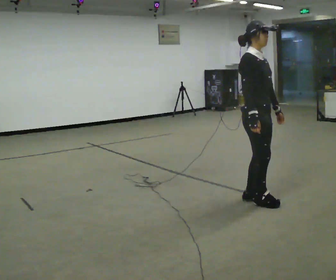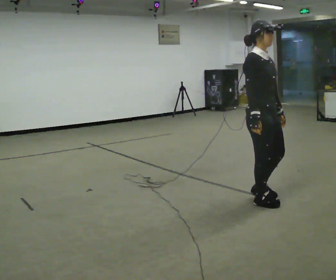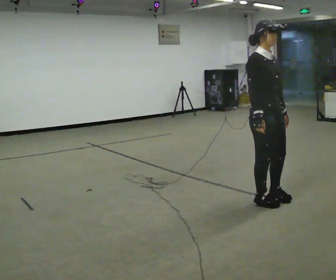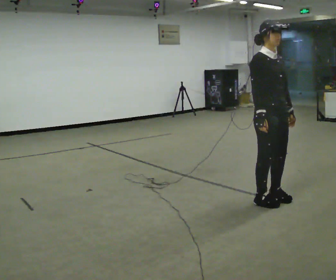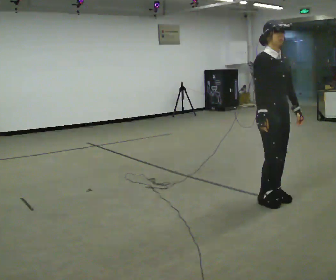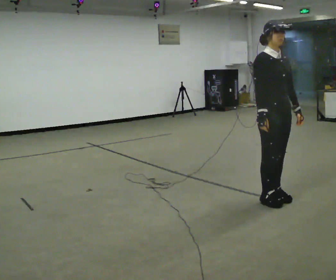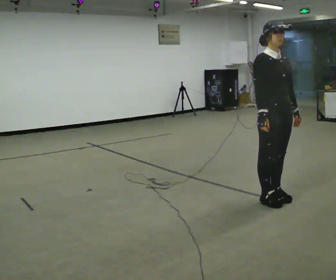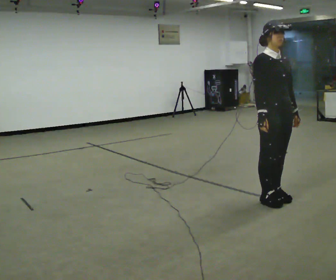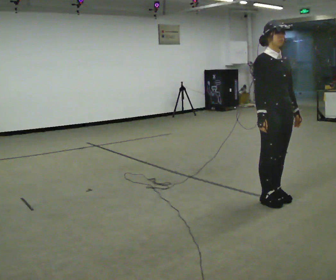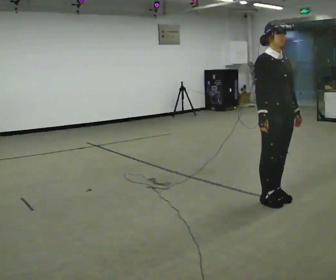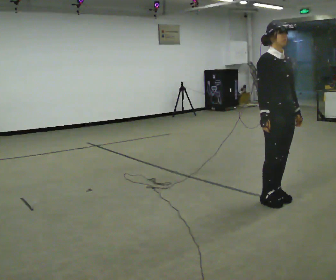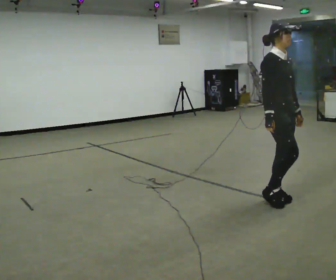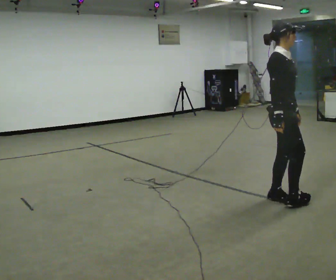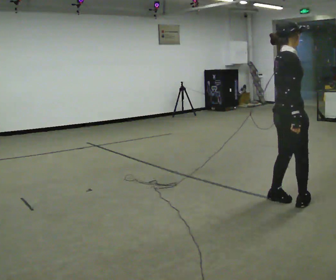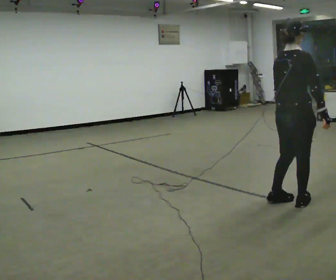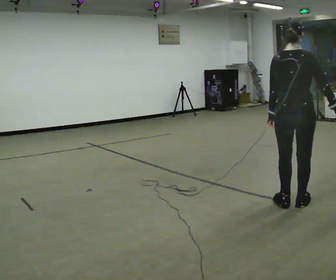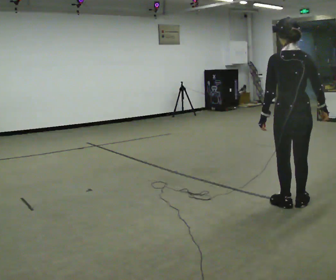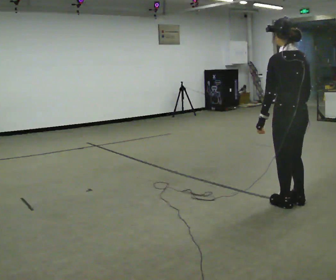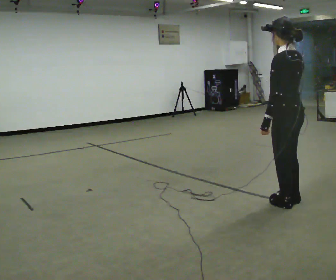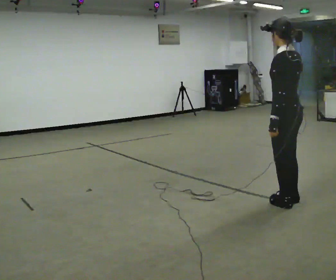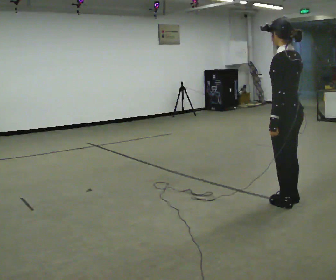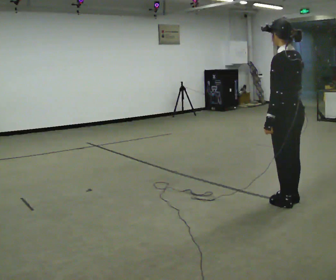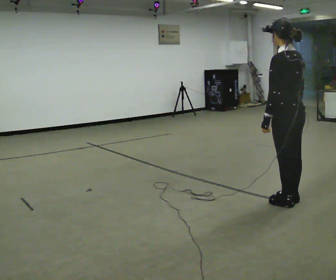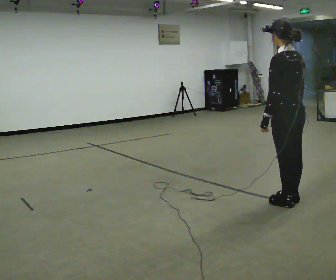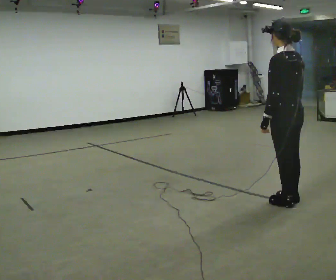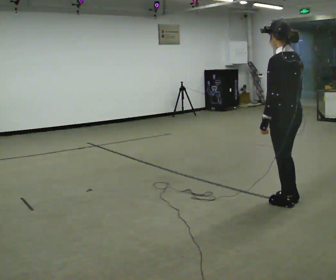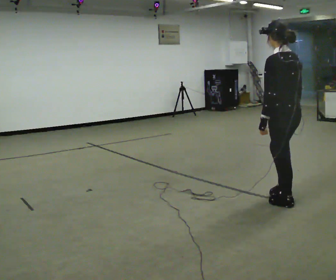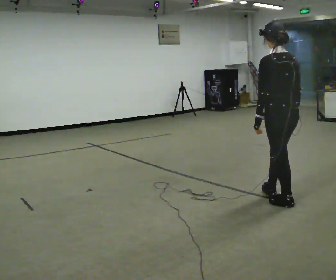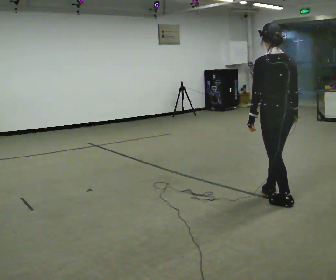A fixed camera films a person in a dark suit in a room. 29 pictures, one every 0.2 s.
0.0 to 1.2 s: The person turns about 30 degrees to their right, clockwise seen from above, so the part of the body nearest the lens slides to the left.
1.2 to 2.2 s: The person moves a little, or ends about where they began.
2.2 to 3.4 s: The person turns about 165 degrees to their left, counterclockwise seen from above, so the part of the body nearest the lens slides to the right. In the picture they go toward the camera, about 0.25 m in 2 steps.
3.4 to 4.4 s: The person moves a little, or ends about where they began.
4.4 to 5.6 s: In the picture they go away from the camera, about 0.25 m in 1 step, which for them is forward.
The film runs forward here.
